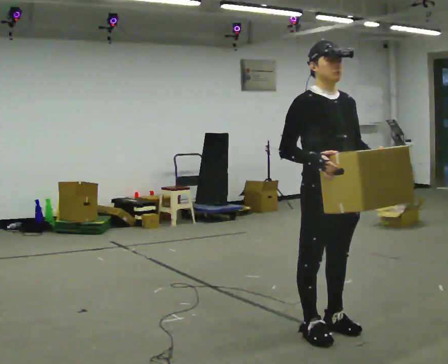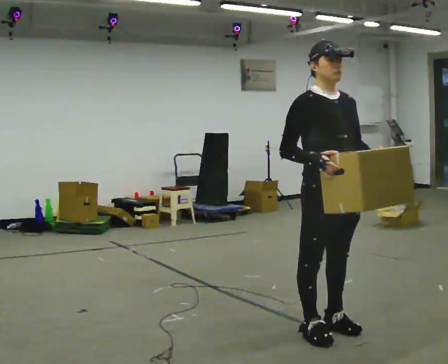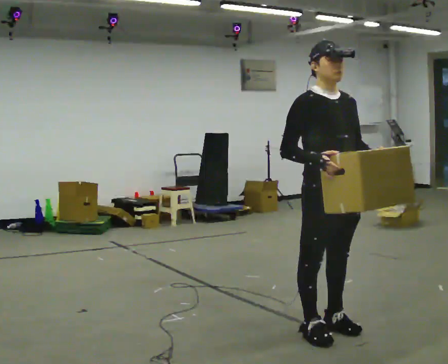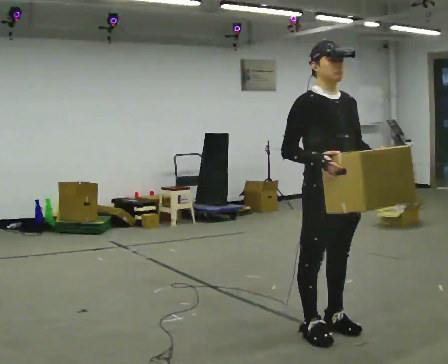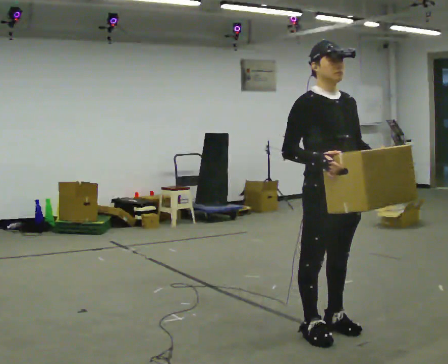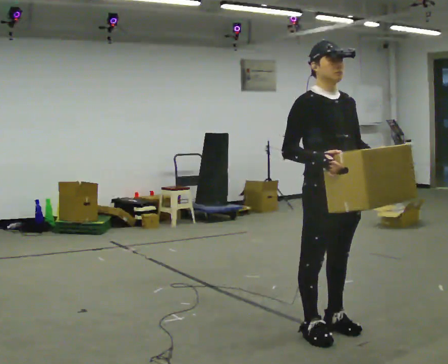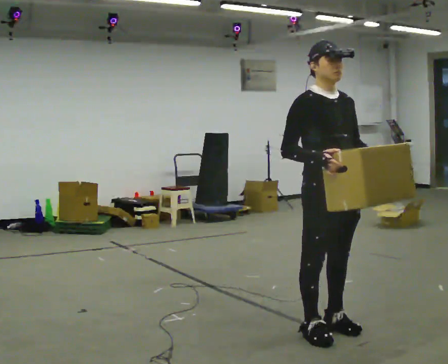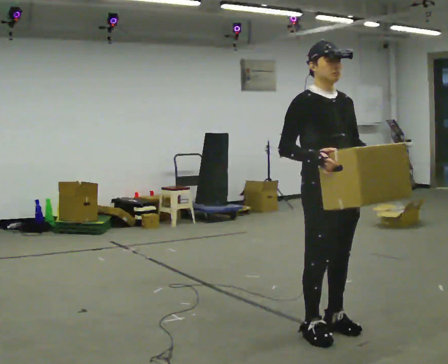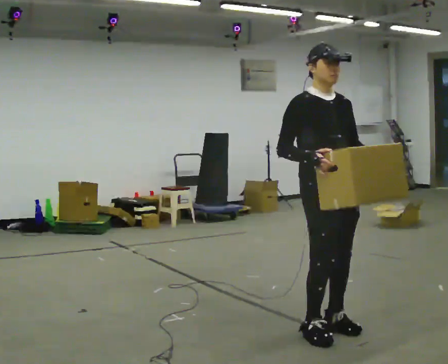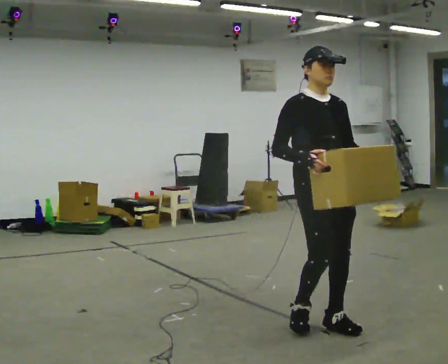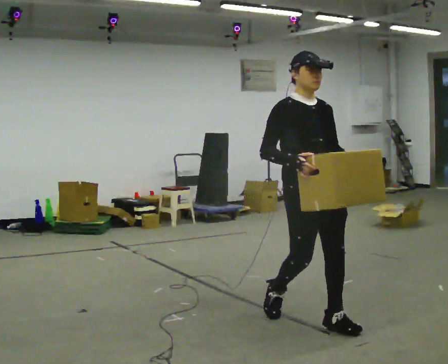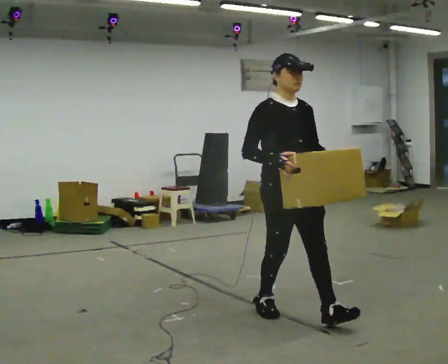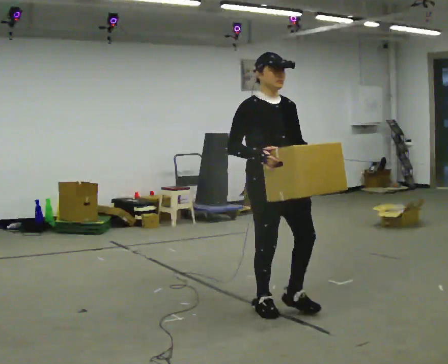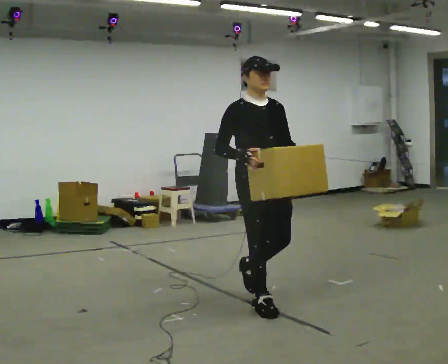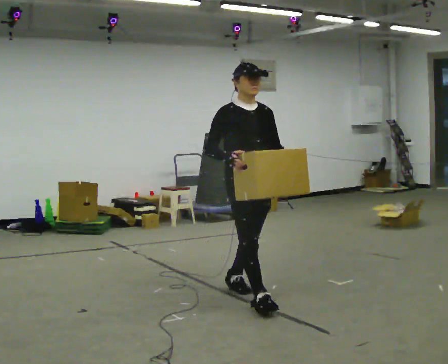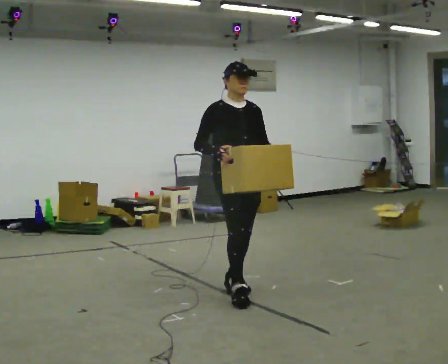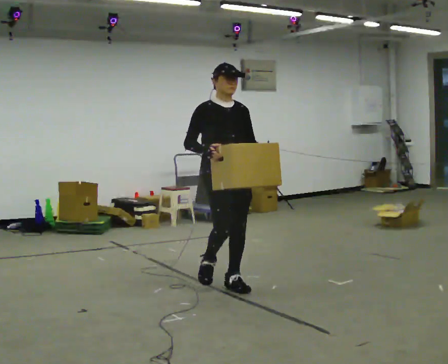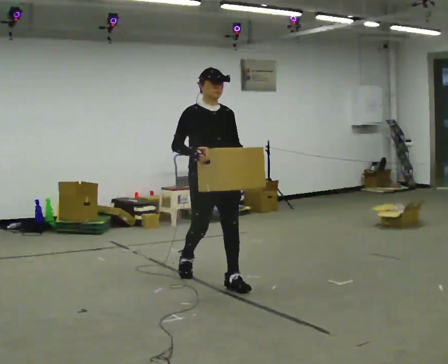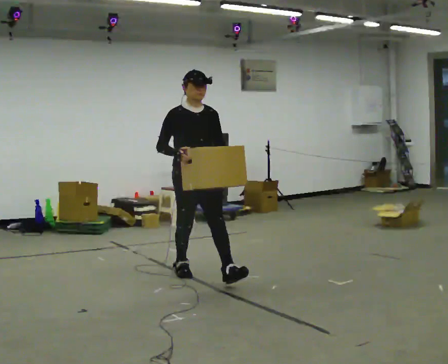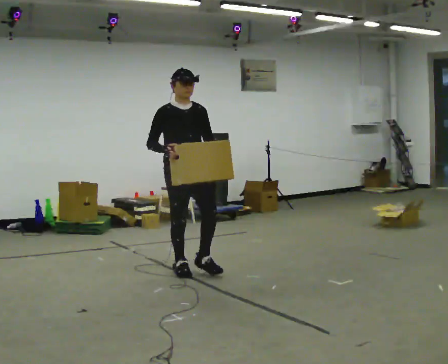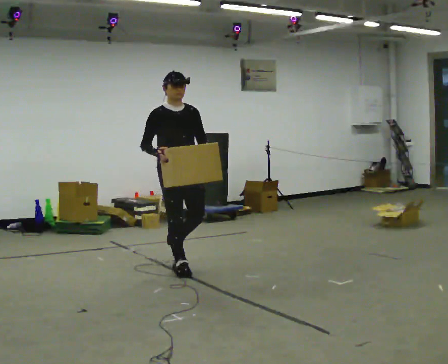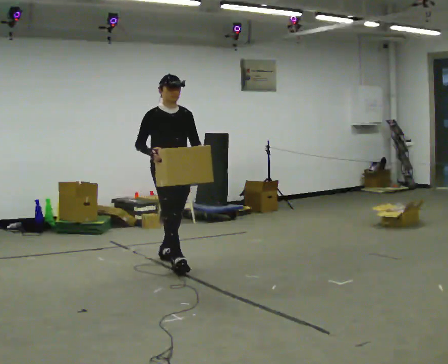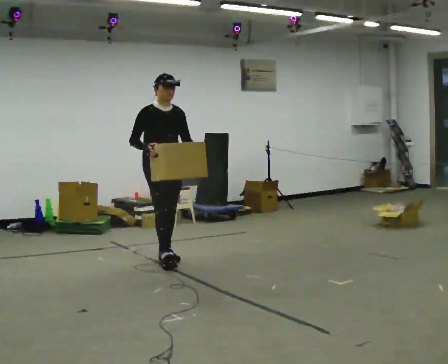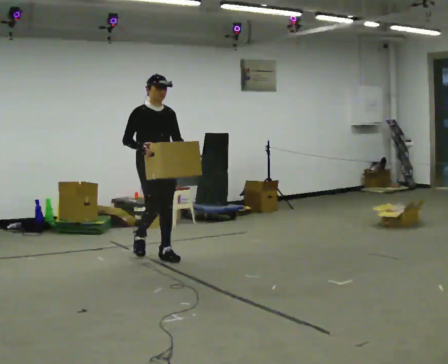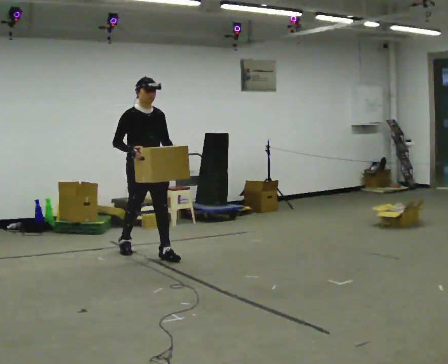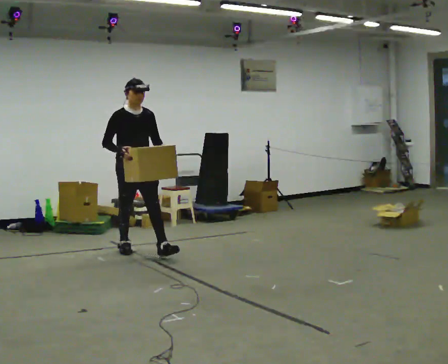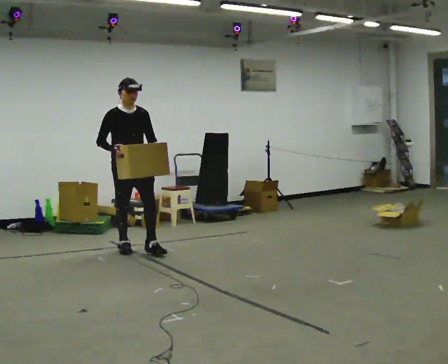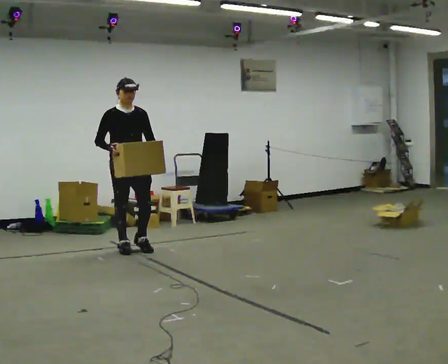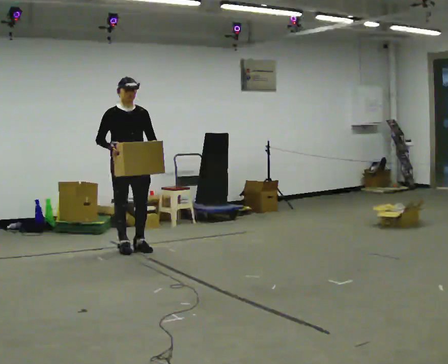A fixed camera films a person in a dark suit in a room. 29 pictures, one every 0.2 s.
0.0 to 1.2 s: The person keeps their place and pose.
1.2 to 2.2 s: In the picture they go away from the camera and to the left, about 0.25 m in 2 steps, which for them is backward.
2.2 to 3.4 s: In the picture they go away from the camera and to the left, about 1 m in 1 step, which for them is backward.
3.4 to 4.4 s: In the picture they go away from the camera and to the left, about 1 m in 2 steps, which for them is backward.
4.4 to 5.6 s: In the picture they go to the left and away from the camera, about 0.5 m in 1 step, which for them is backward.
The film runs backward here.
